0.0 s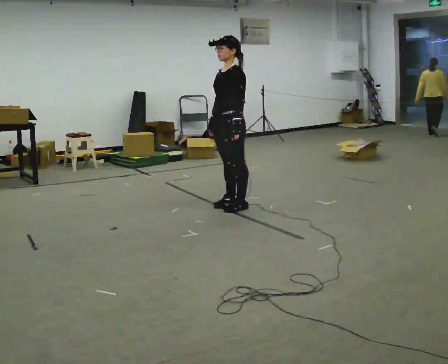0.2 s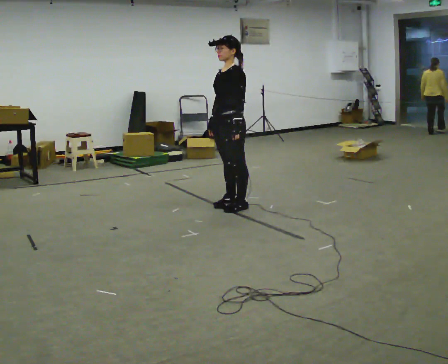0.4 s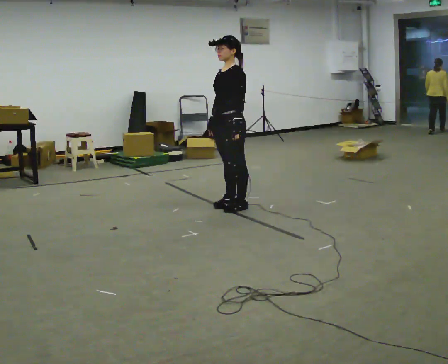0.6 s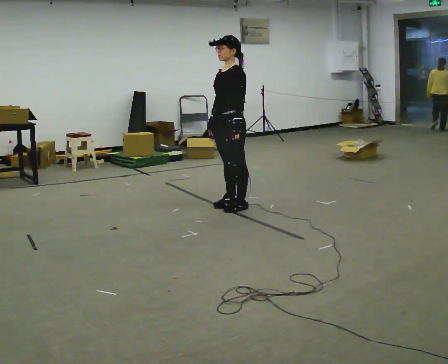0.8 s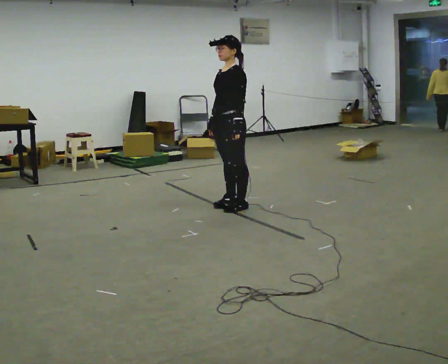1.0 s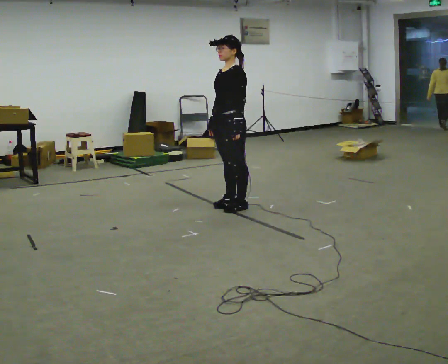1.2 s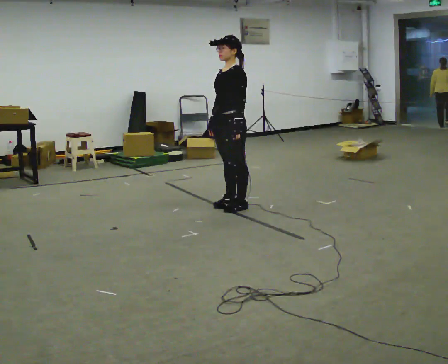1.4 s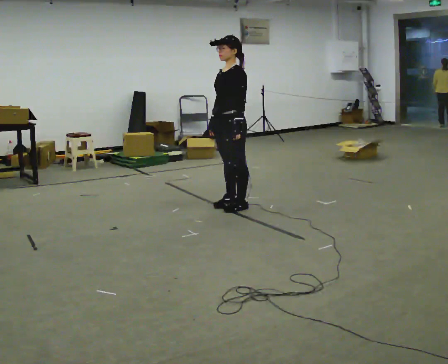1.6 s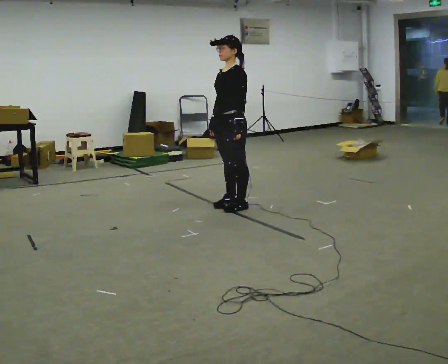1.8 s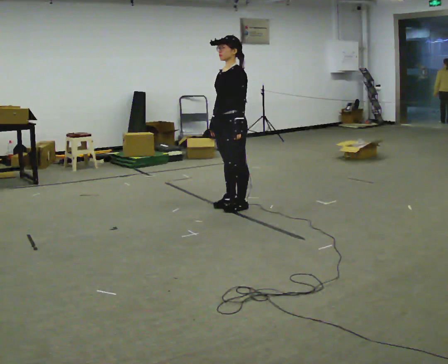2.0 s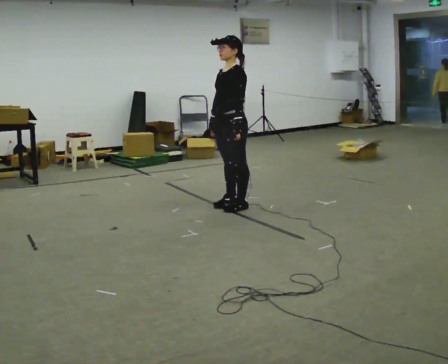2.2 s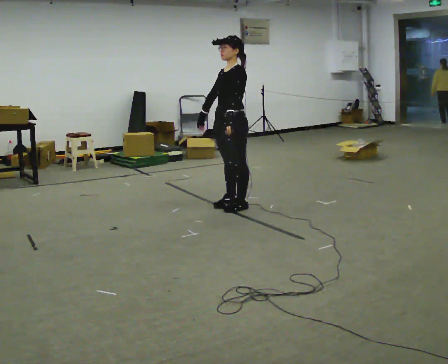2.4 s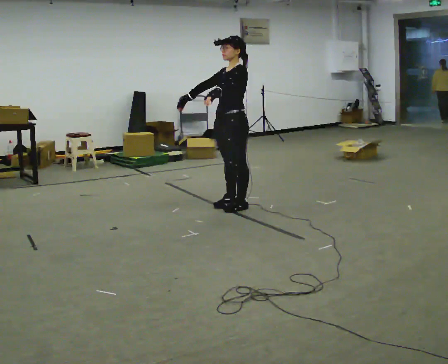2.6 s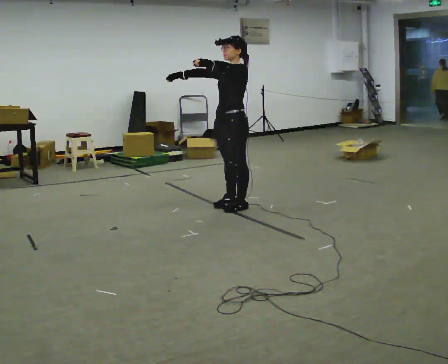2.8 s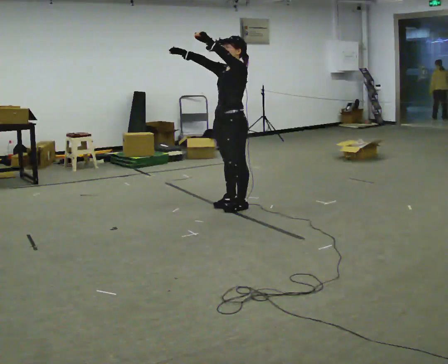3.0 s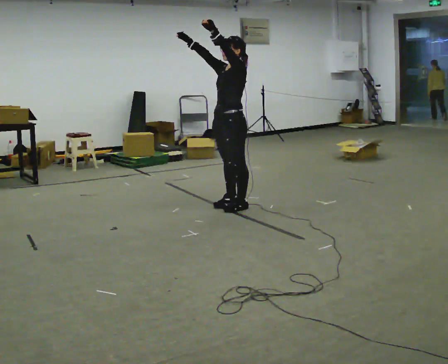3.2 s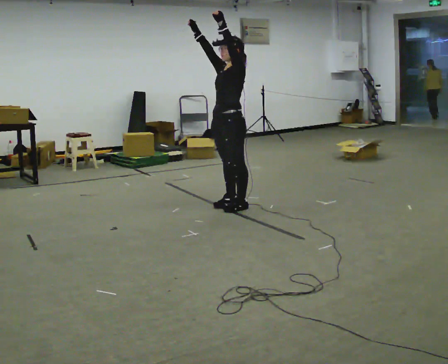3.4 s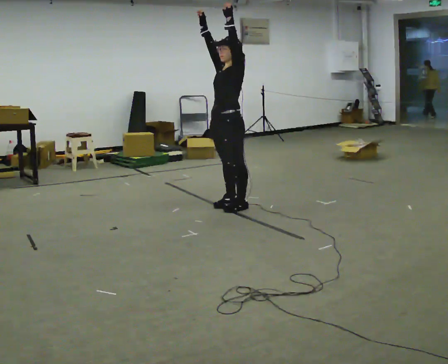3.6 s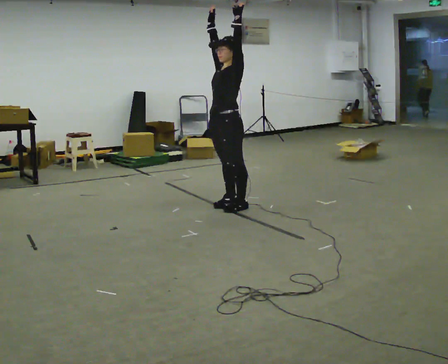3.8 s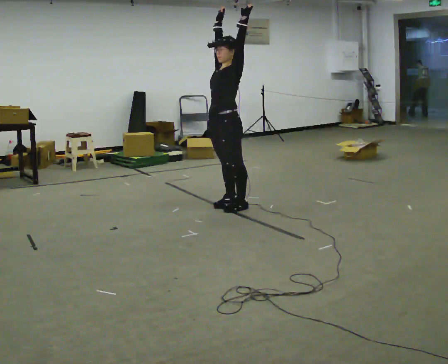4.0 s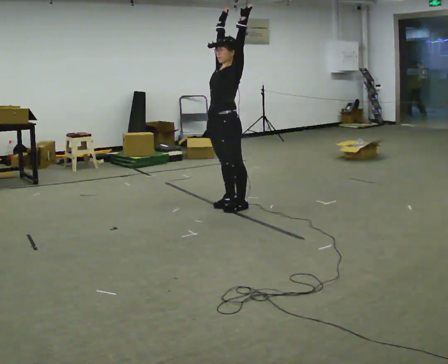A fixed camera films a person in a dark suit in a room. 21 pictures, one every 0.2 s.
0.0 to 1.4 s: The person keeps their place and pose.
1.4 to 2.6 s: In the picture their left hand goes upward.
2.6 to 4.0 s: In the picture their right hand goes upward and to the right, the arm swinging clockwise.
The film runs forward here.
